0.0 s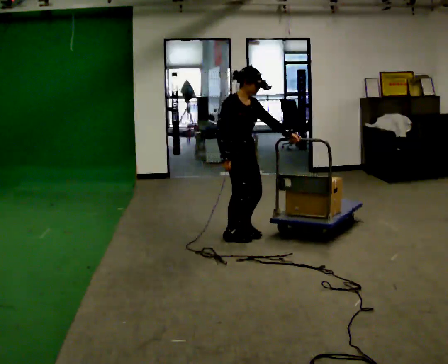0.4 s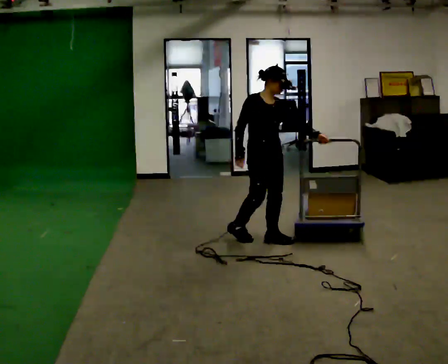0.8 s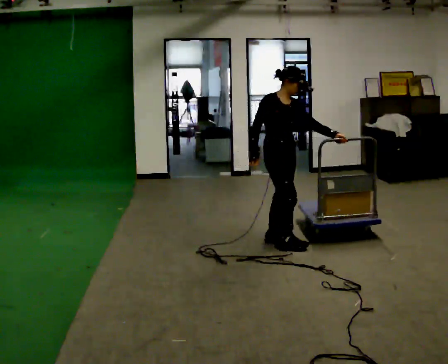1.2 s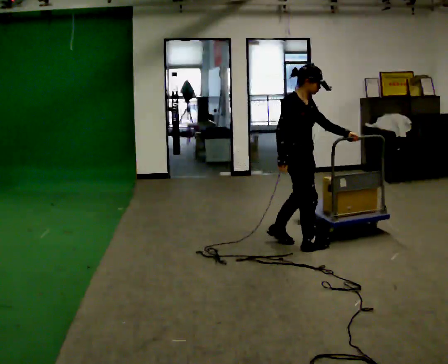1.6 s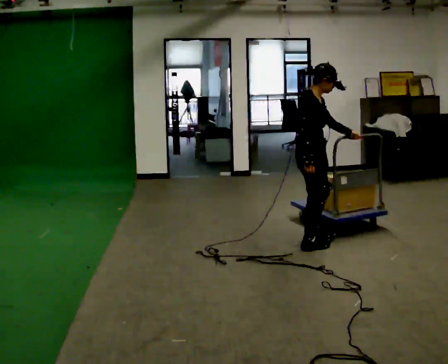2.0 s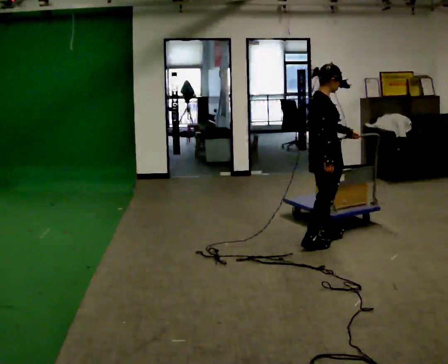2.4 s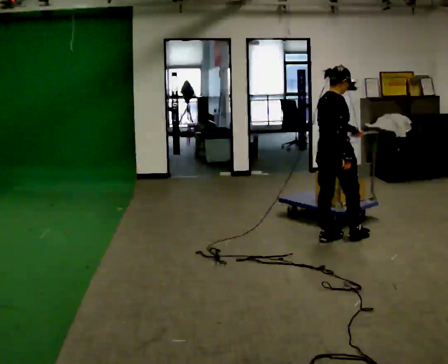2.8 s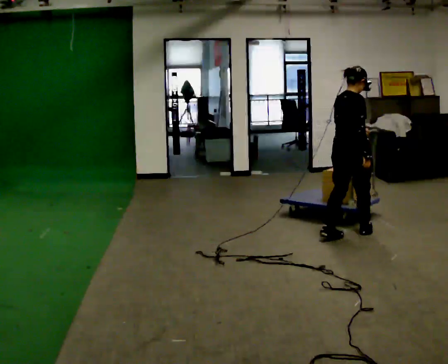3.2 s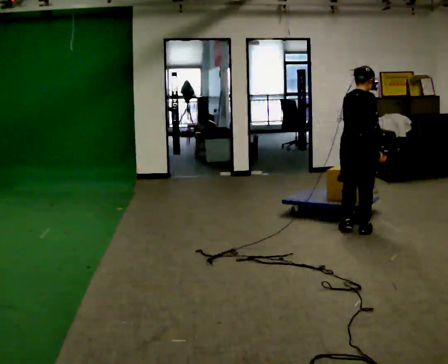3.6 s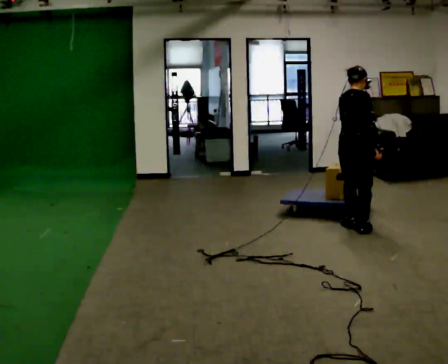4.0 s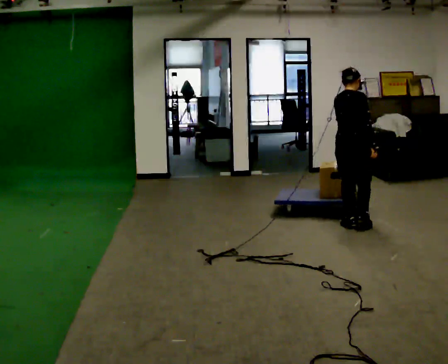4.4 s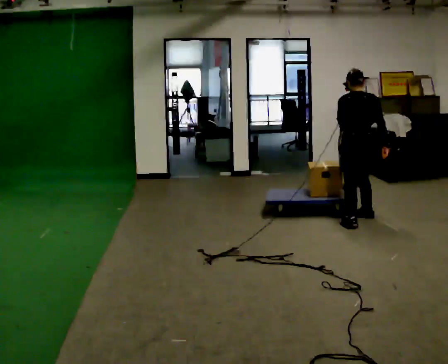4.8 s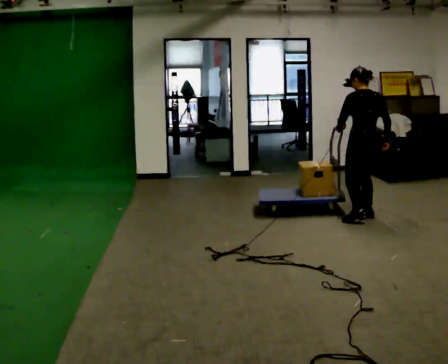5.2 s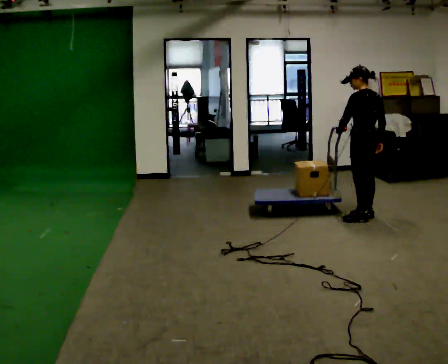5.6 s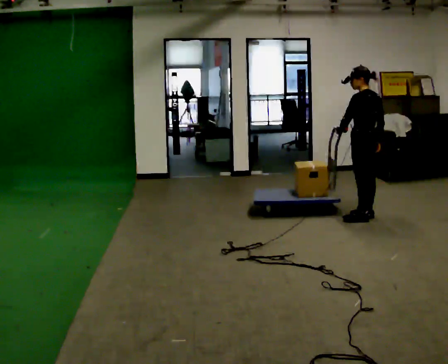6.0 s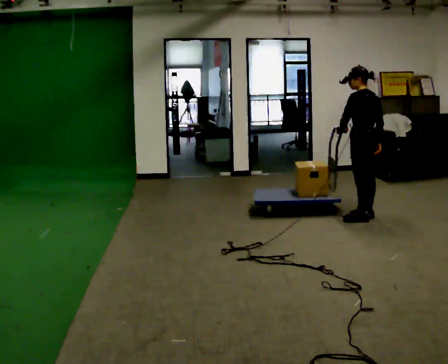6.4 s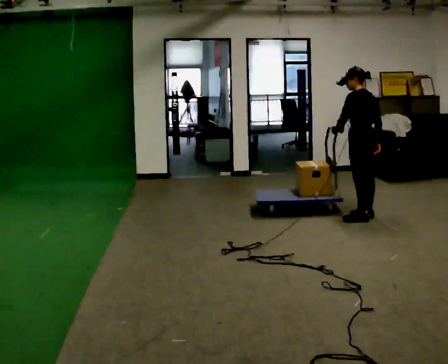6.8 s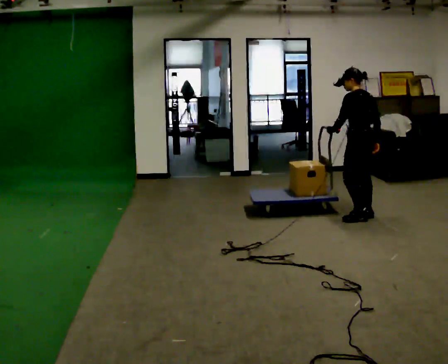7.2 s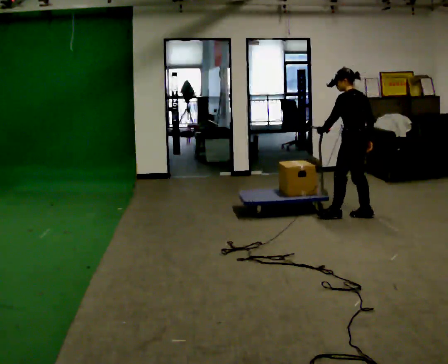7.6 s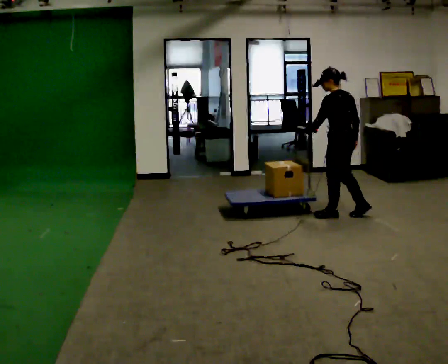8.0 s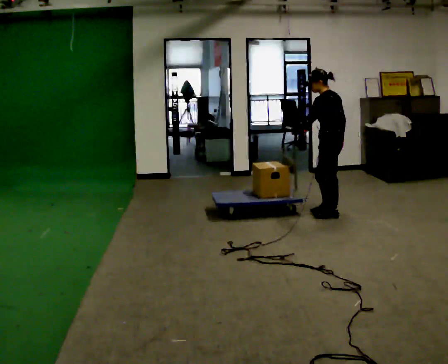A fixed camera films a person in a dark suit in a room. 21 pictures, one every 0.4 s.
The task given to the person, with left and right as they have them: Push the cart along the marked route and round the corner to the side the operator calls.
0.0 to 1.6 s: In the picture they go to the right, about 0.5 m in 2 steps, which for them is forward.
1.6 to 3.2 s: The person turns about 60 degrees to their left, counterclockwise seen from above, so the part of the body nearest the lens slides to the right. In the picture they go away from the camera and to the right, about 0.5 m in 2 steps, which for them is forward.
3.2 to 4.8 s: The person turns about 75 degrees to their left, counterclockwise seen from above, so the part of the body nearest the lens slides to the right. In the picture they go away from the camera, about 0.5 m in 2 steps.
4.8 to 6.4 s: The person moves a little, or ends about where they began.
6.4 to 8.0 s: In the picture they go to the left, about 0.25 m in 1 step, which for them is forward.
The film runs forward here.
